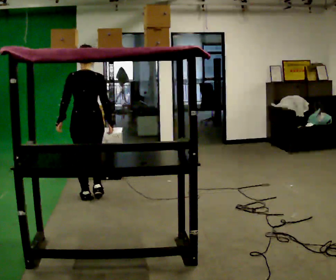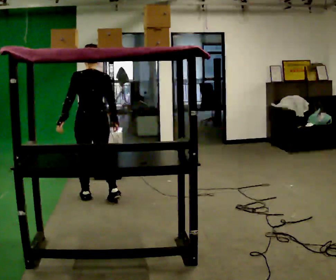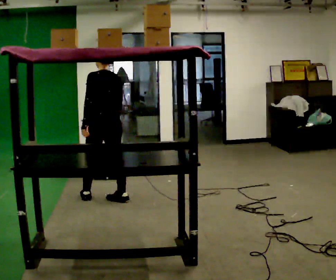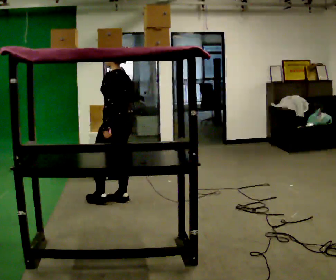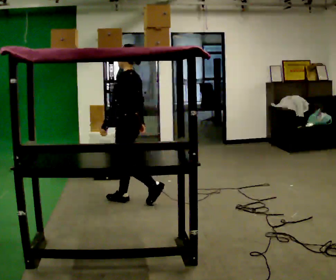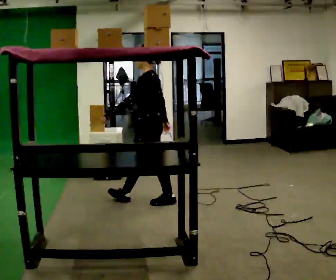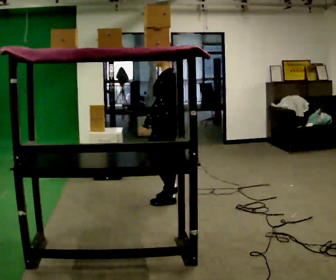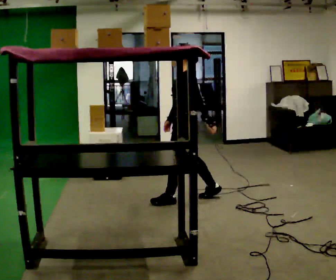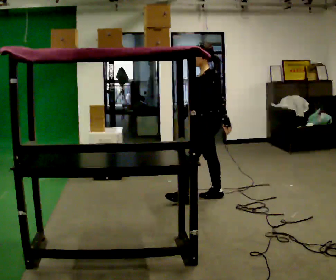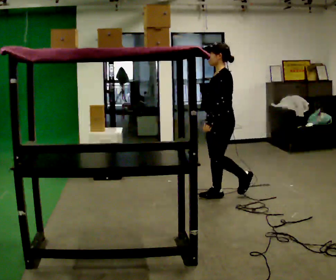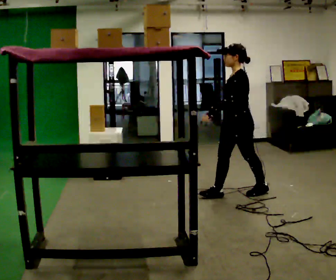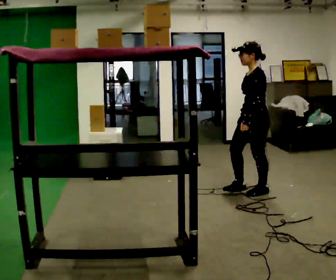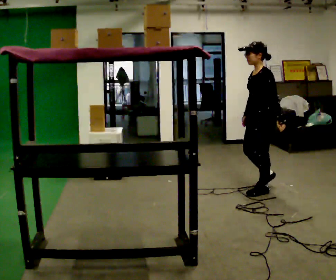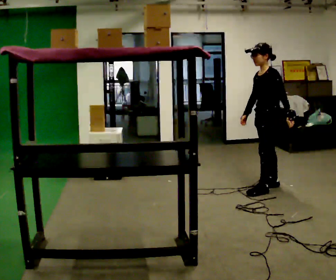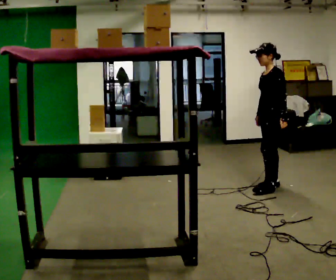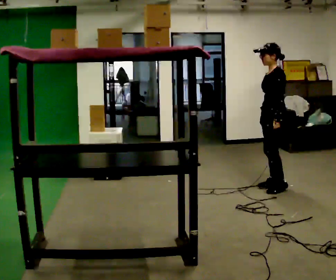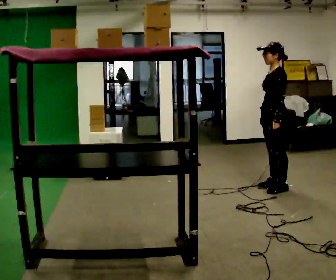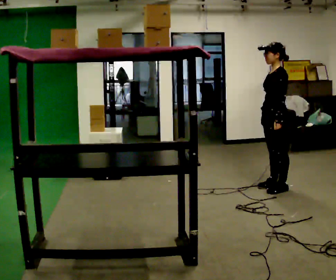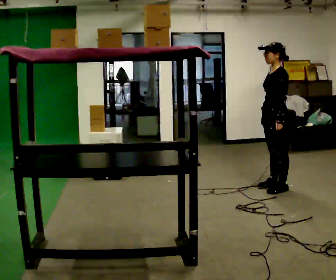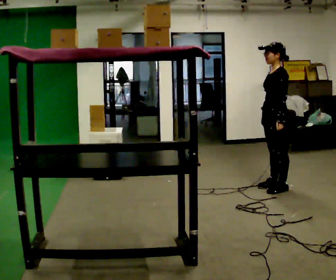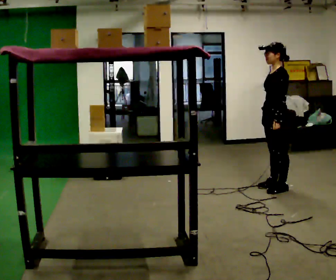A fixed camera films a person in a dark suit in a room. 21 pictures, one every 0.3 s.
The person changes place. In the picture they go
to the right.
0.0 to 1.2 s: The person turns about 75 degrees to their left, counterclockwise seen from above, so the part of the body nearest the lens slides to the right. In the picture they go to the right, about 0.5 m in 1 step.
1.2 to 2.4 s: In the picture they go to the right, about 1 m in 2 steps, which for them is backward.
2.4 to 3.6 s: In the picture they go to the right, about 0.5 m in 1 step, which for them is backward.
3.6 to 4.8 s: In the picture they go away from the camera, about 0.25 m in 1 step, which for them is backward.
4.8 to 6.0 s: The person keeps their place and pose.
The film runs backward here.
